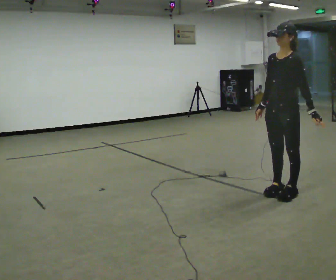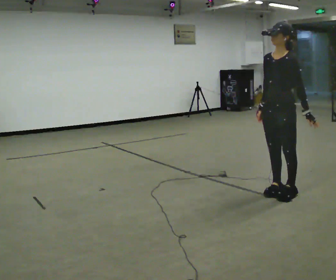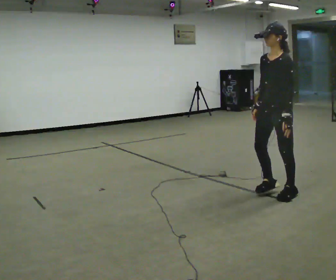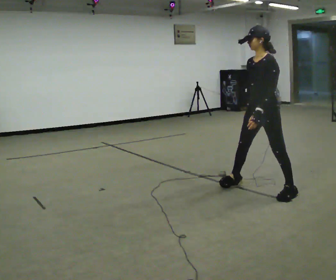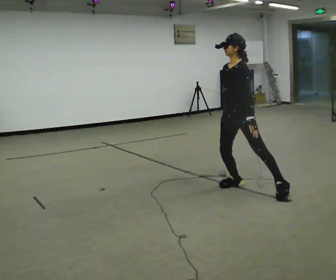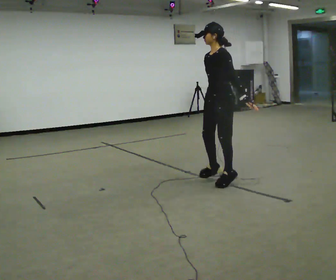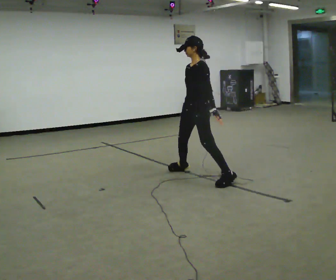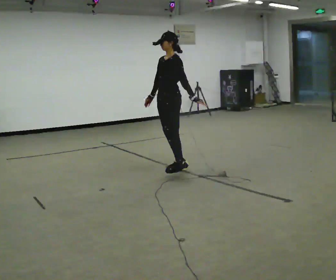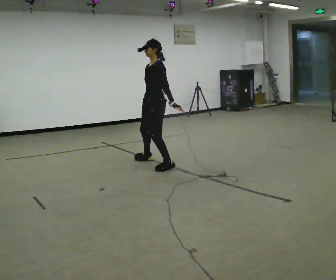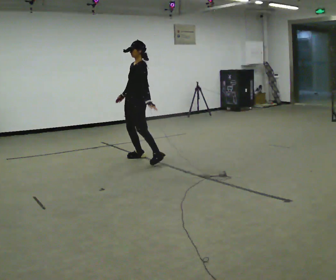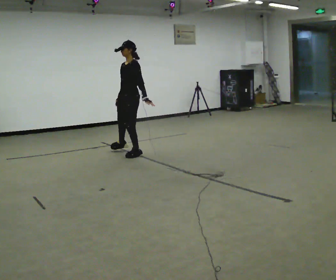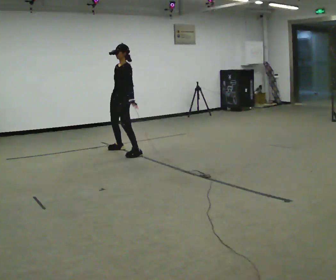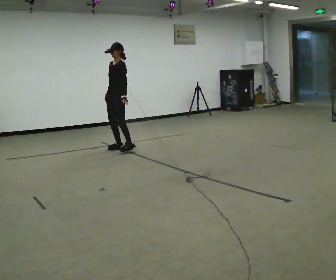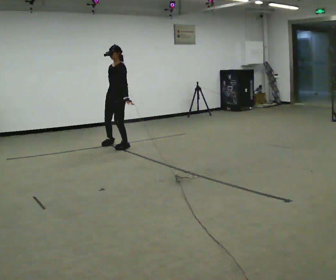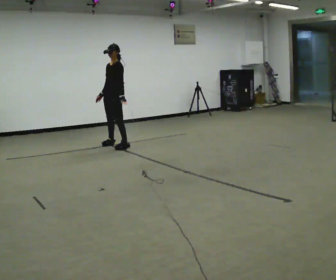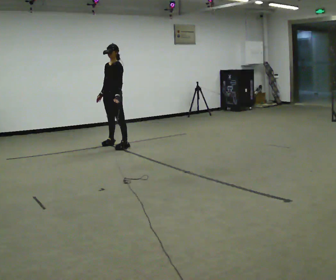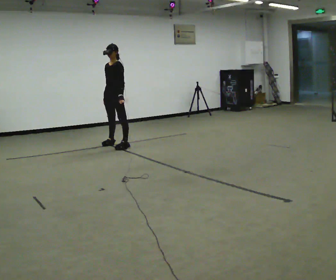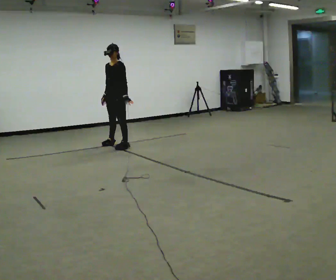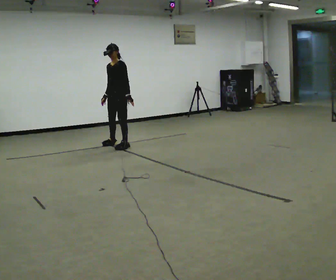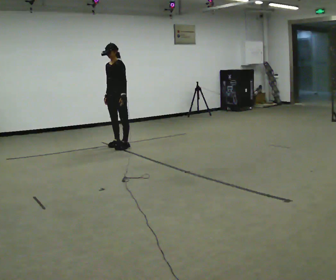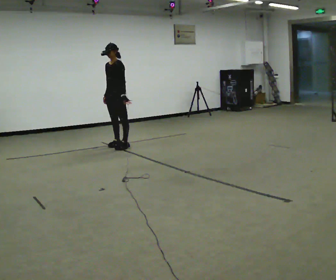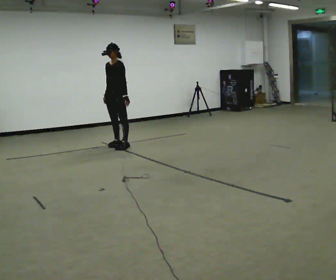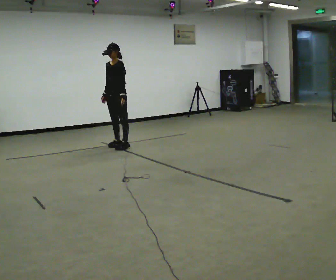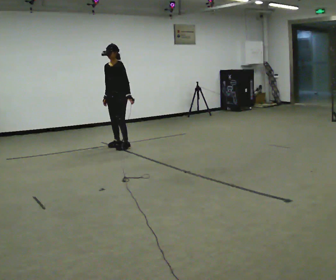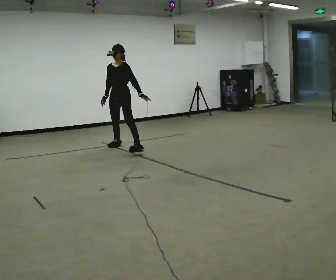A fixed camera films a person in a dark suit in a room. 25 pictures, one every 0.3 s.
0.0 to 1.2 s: In the picture they go away from the camera and to the left, about 0.5 m in 1 step, which for them is to their right and forward.
1.2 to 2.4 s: In the picture they go away from the camera and to the left, about 1.5 m in 3 steps, which for them is to their right and forward.
2.4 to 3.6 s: In the picture they go away from the camera and to the left, about 1 m in 3 steps, which for them is to their right.
3.6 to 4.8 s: In the picture they go away from the camera, about 0.25 m in 2 steps, which for them is to their right.
4.8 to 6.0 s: The person moves a little, or ends about where they began.
6.0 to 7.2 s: In the picture they go toward the camera, about 0.25 m, which for them is to their left.
The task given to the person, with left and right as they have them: Shuffle sideways quickly in the direction the operator calls, without crossing your feet.
The film runs forward here.
